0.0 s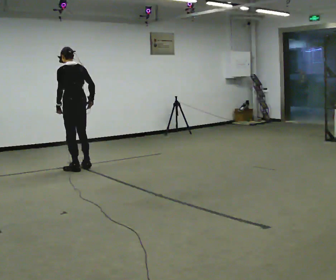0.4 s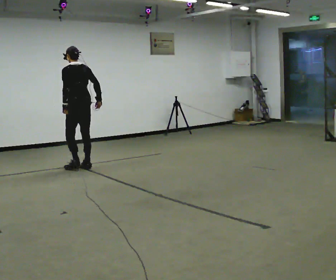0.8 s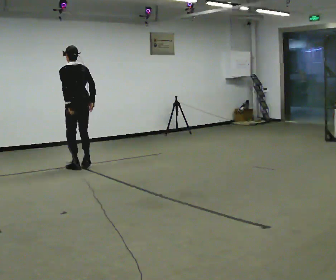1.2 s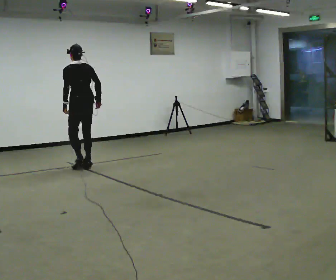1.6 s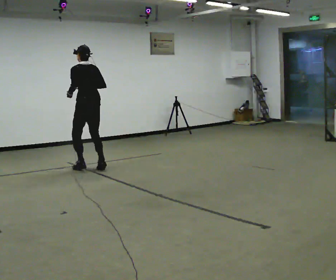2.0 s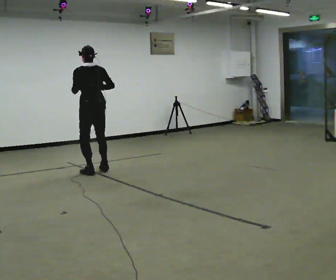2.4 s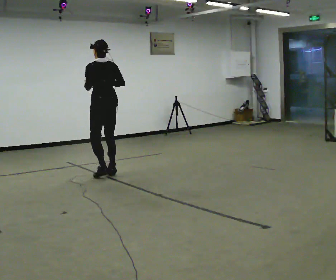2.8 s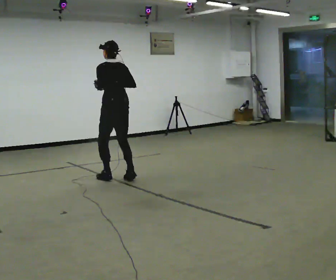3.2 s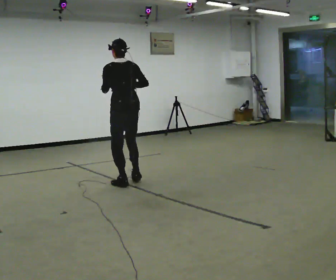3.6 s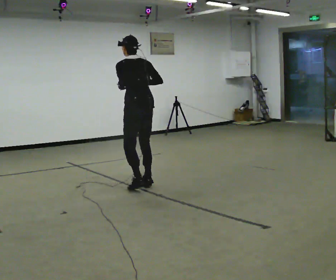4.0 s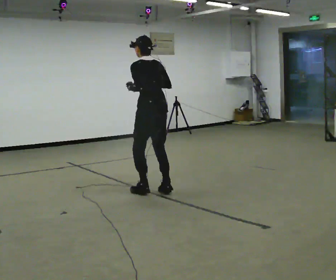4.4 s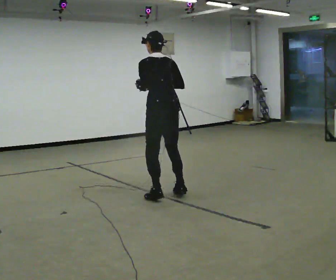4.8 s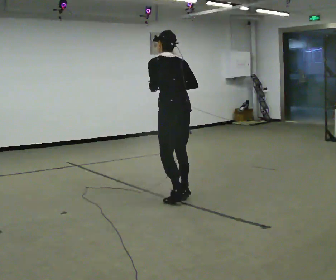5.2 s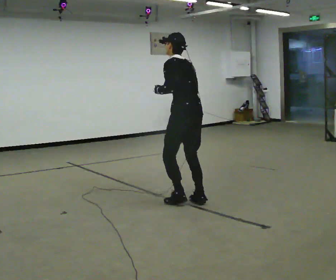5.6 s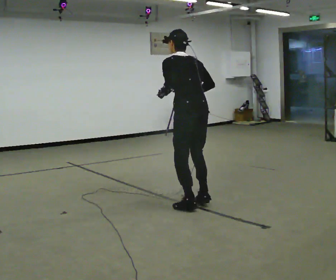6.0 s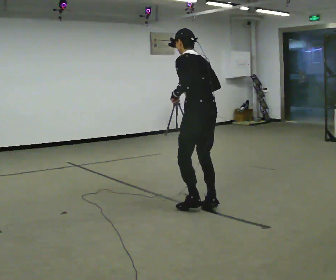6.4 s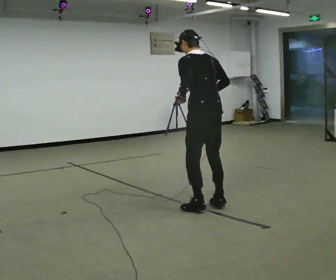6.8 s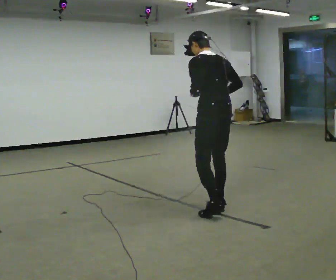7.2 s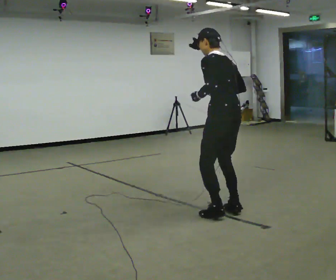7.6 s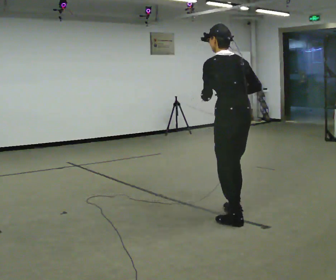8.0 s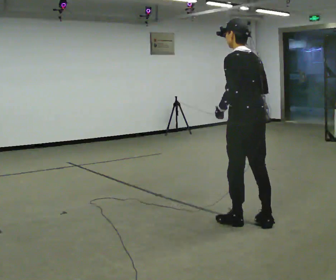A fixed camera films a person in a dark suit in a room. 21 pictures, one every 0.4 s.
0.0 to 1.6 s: In the picture they go to the right, about 0.25 m, which for them is to their right.
1.6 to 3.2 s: In the picture they go toward the camera and to the right, about 1 m in 6 steps, which for them is backward.
3.2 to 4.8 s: In the picture they go toward the camera and to the right, about 1 m in 5 steps, which for them is backward.
4.8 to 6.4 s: In the picture they go toward the camera and to the right, about 0.5 m in 4 steps, which for them is backward.
6.4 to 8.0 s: In the picture they go toward the camera and to the right, about 0.5 m in 4 steps, which for them is backward.
The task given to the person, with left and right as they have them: Jog backward at a comfortable pace. The operator confirms the space behind you is clear before each take.
The film runs forward here.
